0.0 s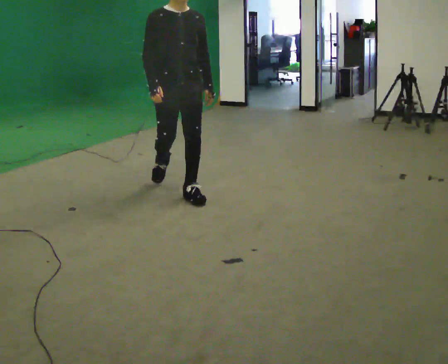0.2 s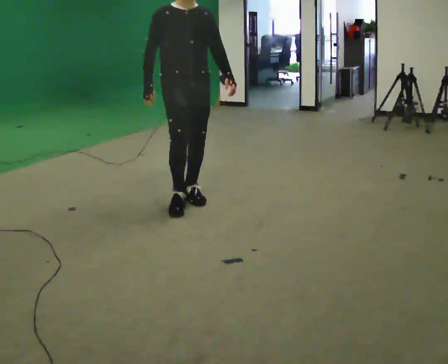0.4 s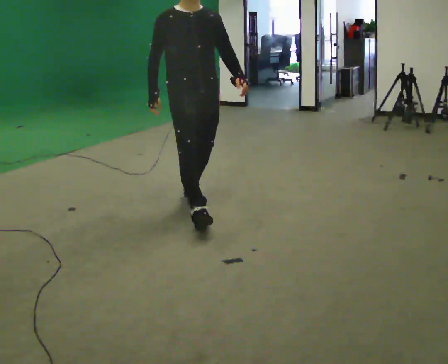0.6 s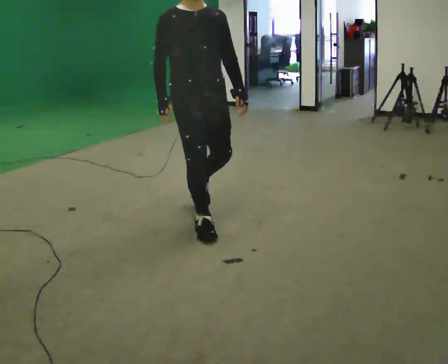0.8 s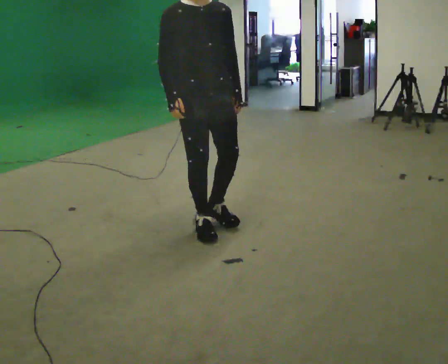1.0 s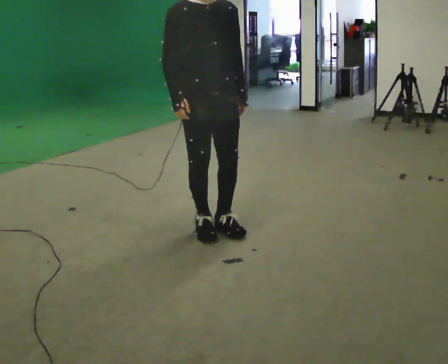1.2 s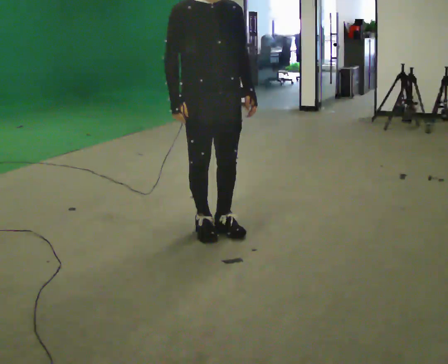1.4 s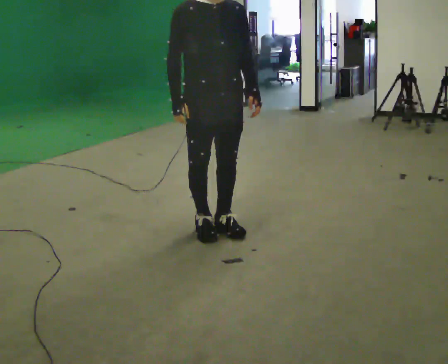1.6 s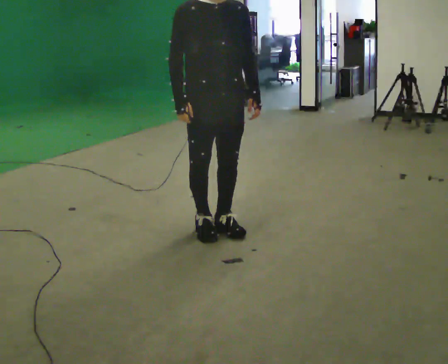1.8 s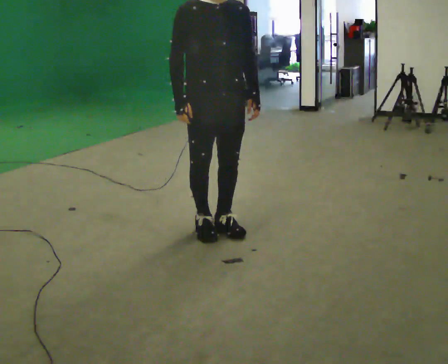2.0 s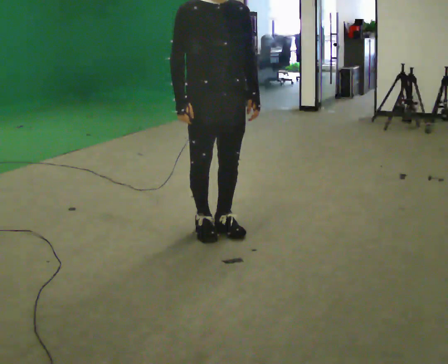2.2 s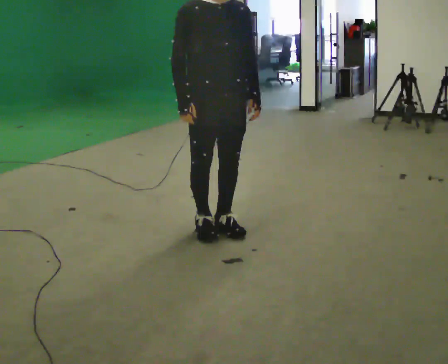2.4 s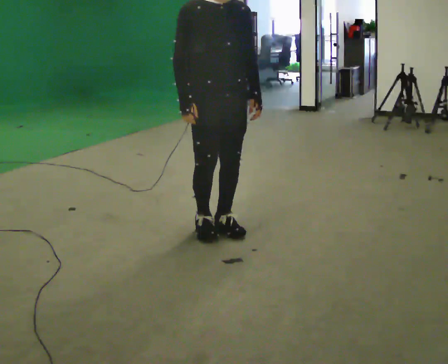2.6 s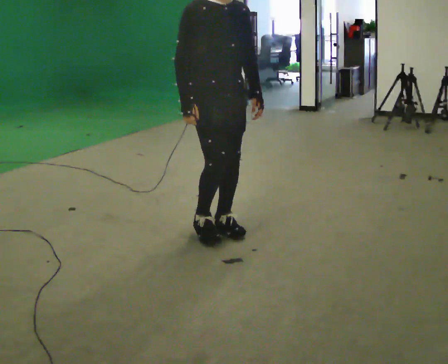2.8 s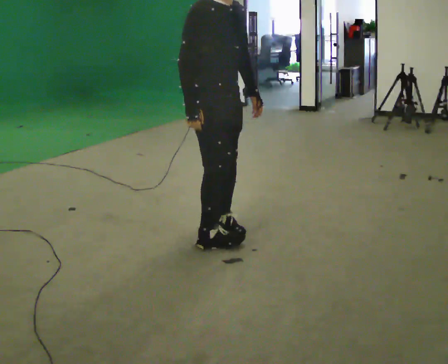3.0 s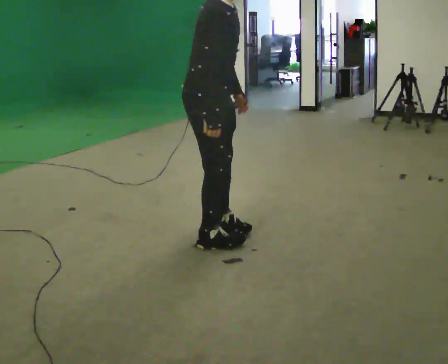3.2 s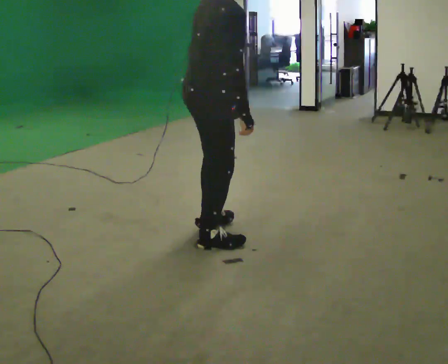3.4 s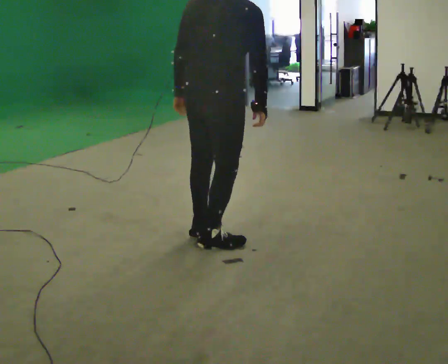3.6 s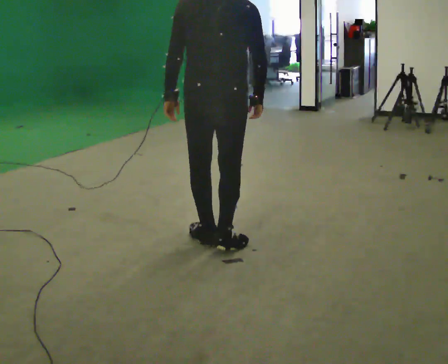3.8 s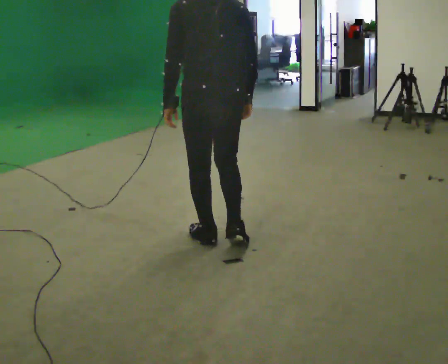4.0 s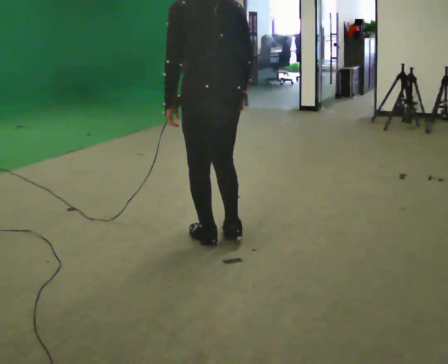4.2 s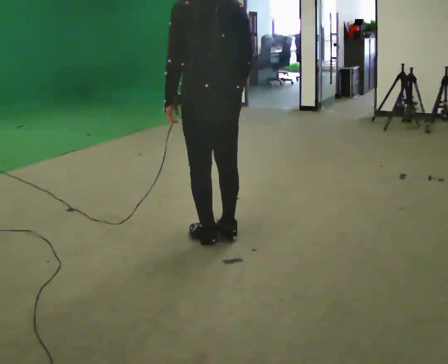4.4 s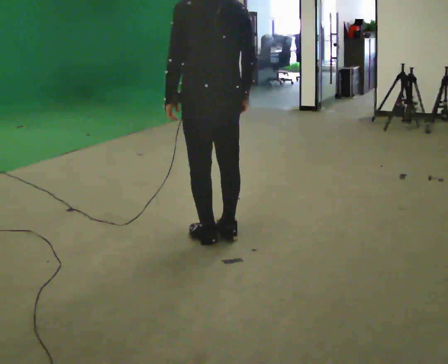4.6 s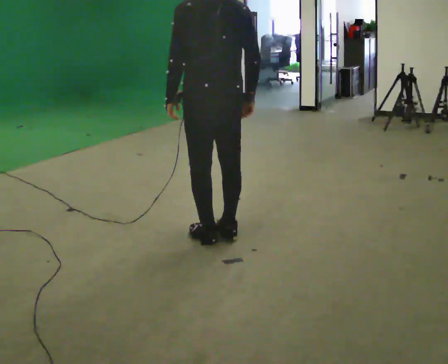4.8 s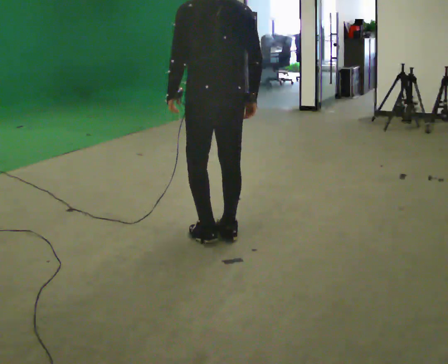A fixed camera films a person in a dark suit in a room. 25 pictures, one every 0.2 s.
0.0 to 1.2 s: In the picture they go toward the camera, about 1 m in 2 steps, which for them is forward.
1.2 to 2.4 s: The person moves a little, or ends about where they began.
2.4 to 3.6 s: The person turns about 150 degrees to their left, counterclockwise seen from above, so the part of the body nearest the lens slides to the right. In the picture they go toward the camera, about 0.25 m in 2 steps. In the picture their left hand goes to the left, the arm swinging clockwise.
3.6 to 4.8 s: In the picture they go away from the camera, about 0.25 m in 1 step, which for them is forward.
The film runs forward here.
